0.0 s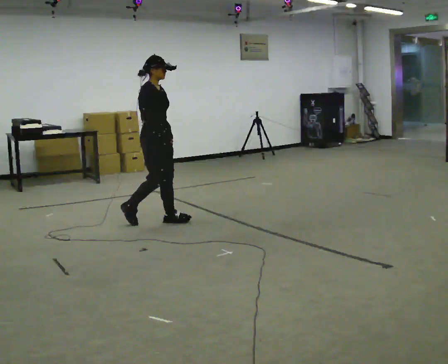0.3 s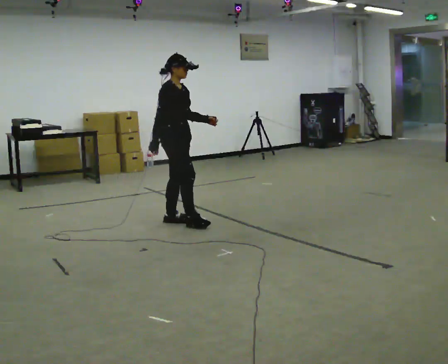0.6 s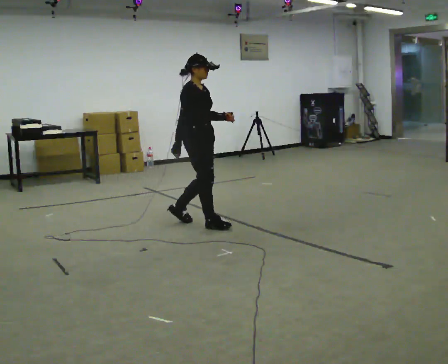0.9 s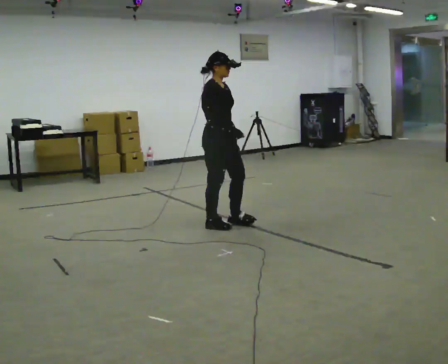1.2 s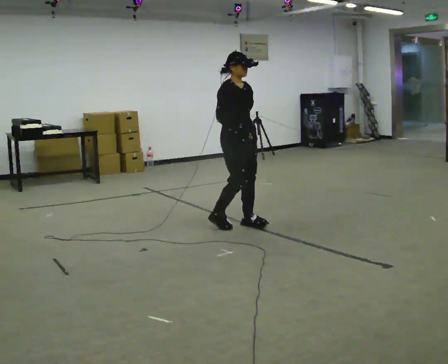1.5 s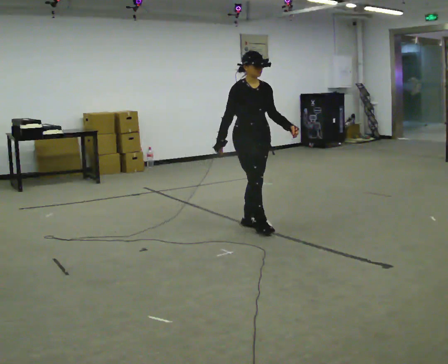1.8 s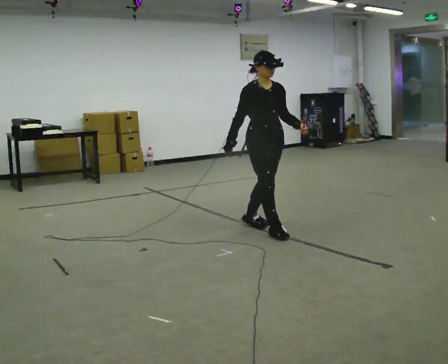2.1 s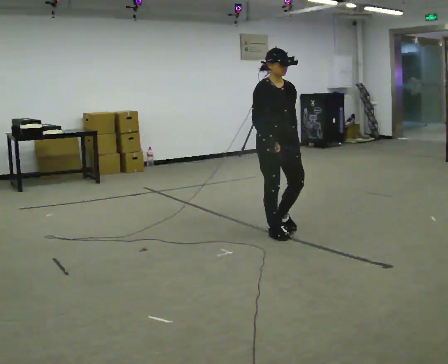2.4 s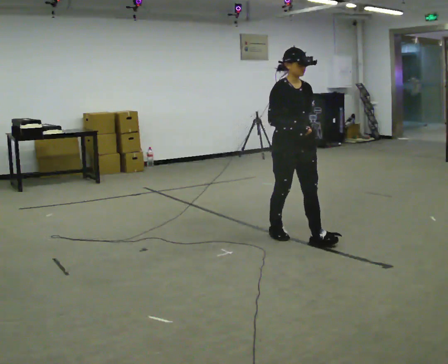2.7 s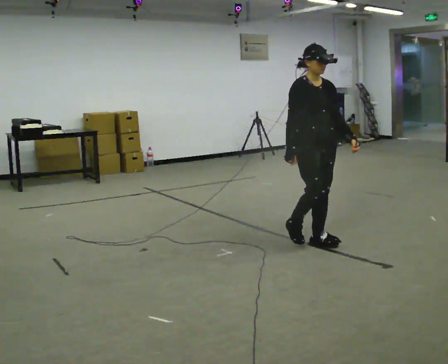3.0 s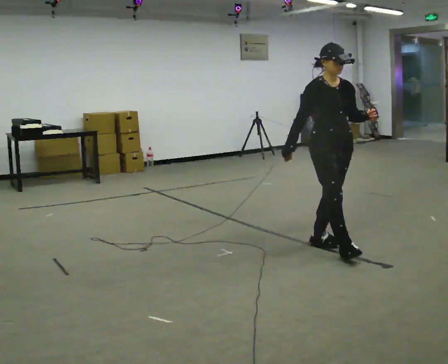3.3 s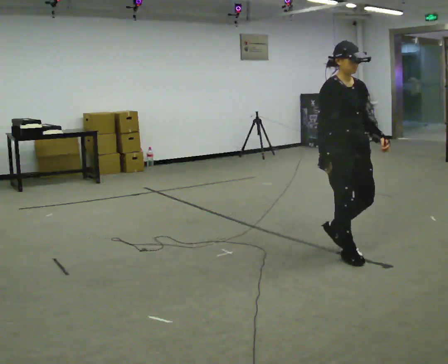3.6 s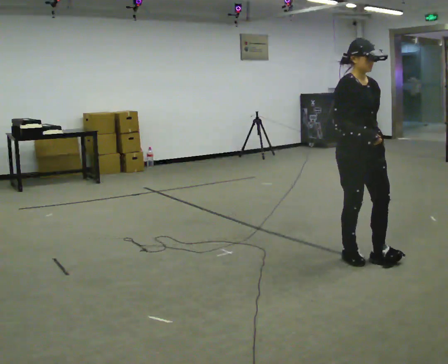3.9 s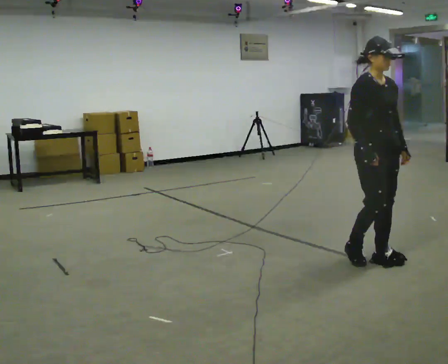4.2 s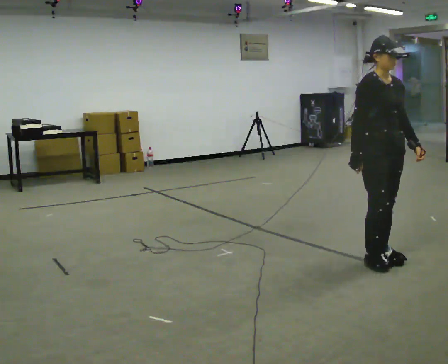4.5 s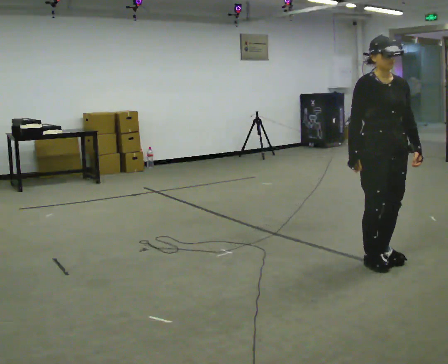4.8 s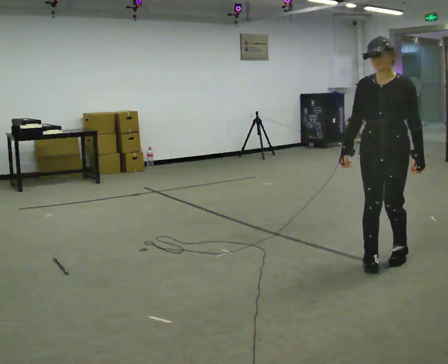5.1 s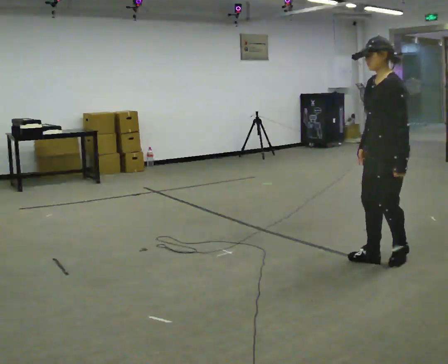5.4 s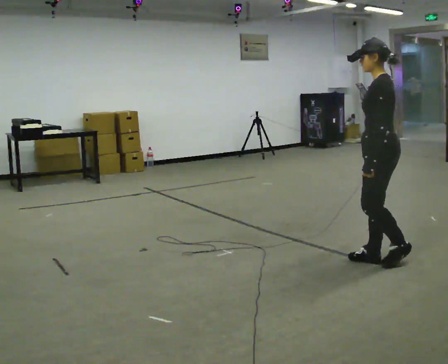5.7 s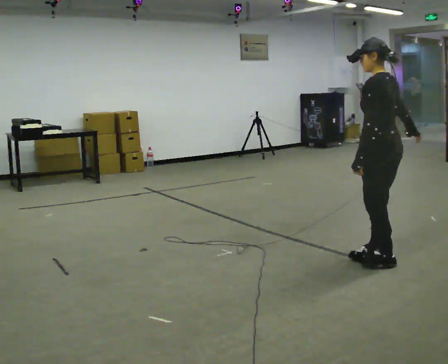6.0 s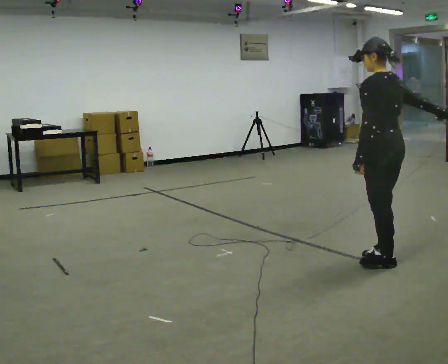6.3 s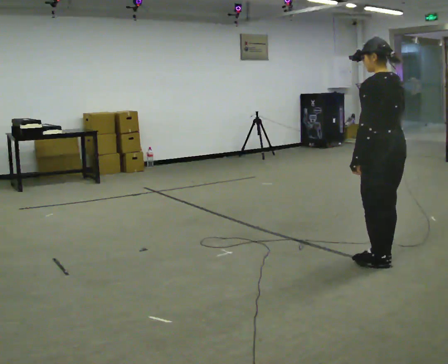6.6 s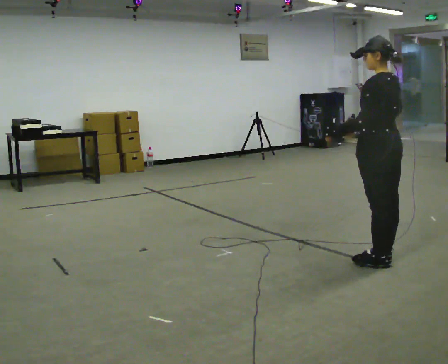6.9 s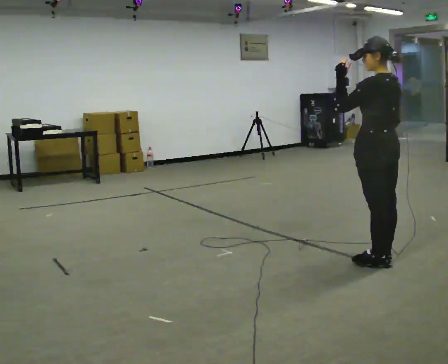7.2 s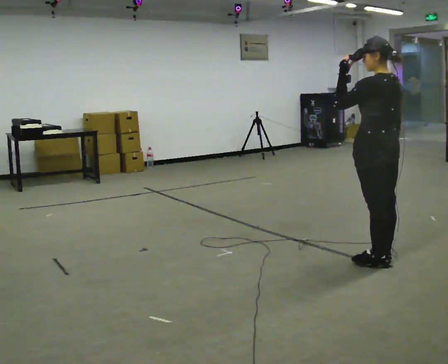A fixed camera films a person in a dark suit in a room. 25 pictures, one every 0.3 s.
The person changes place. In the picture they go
to the right.
The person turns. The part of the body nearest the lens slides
to the left.
0.0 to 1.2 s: In the picture they go to the right, about 1 m in 2 steps, which for them is forward.
1.2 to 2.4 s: In the picture they go to the right and toward the camera, about 0.75 m in 2 steps, which for them is forward.
2.4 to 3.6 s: In the picture they go to the right and toward the camera, about 0.75 m in 1 step, which for them is forward.
3.6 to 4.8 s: The part of the body nearest the lens slides to the left as the person turns to their right by about 75 degrees. In the picture they go to the right, about 0.25 m in 3 steps.
4.8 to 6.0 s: The part of the body nearest the lens slides to the left as the person turns to their right by about 90 degrees. In the picture their right hand goes to the right, the arm swinging counterclockwise.
6.0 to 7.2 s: In the picture their left hand goes upward.
The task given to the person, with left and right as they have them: Walk straight; at marker turn ~45° while continuing to walk; continue straight.
The film runs forward here.
